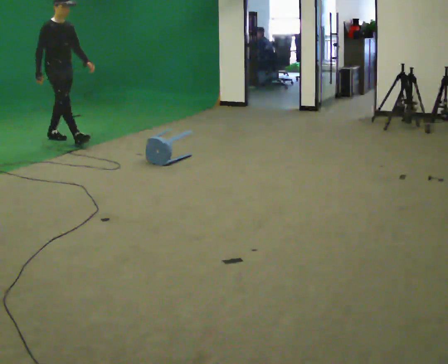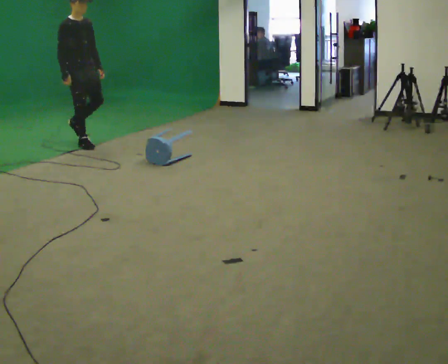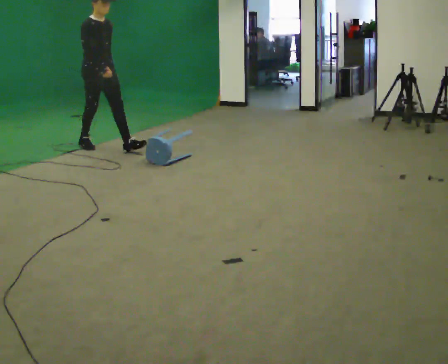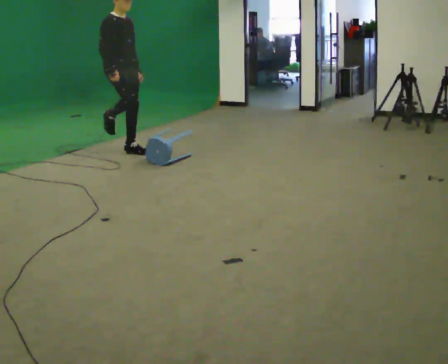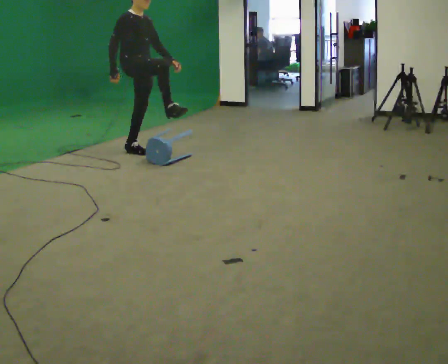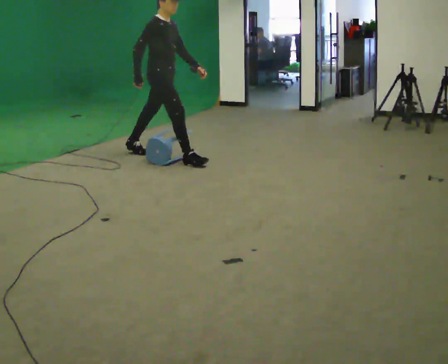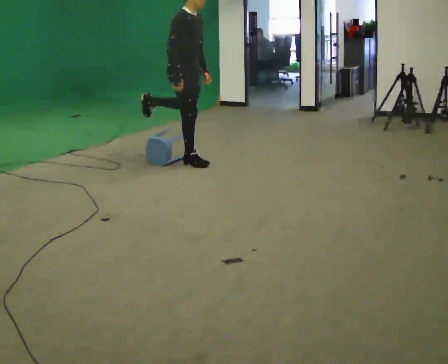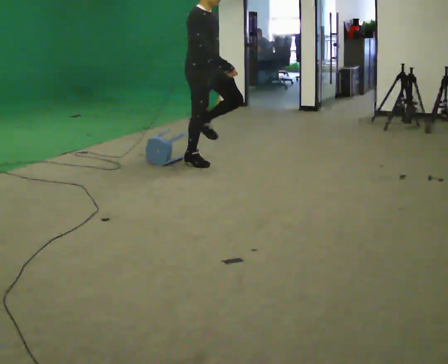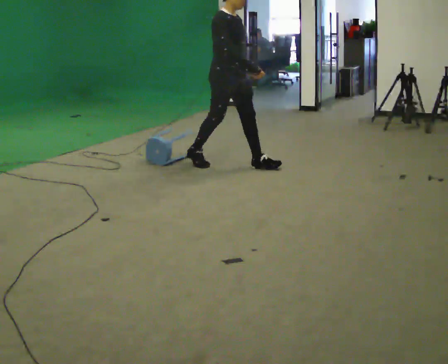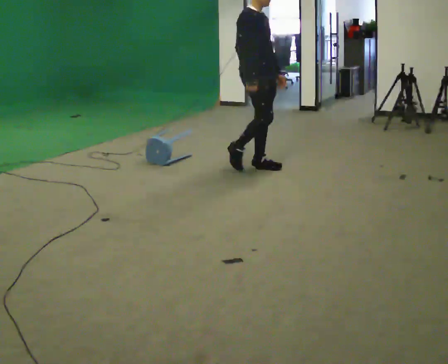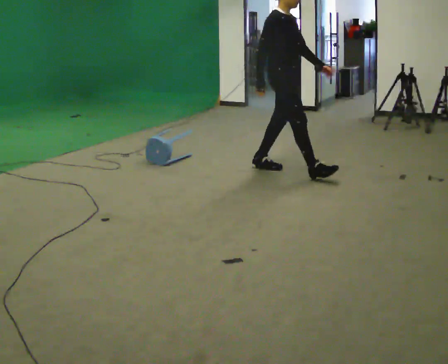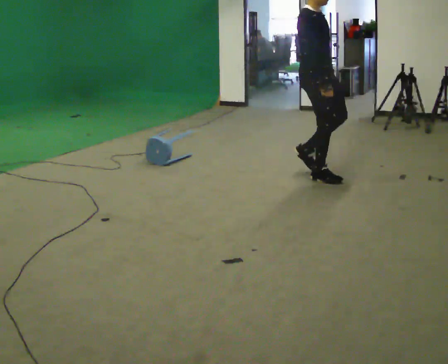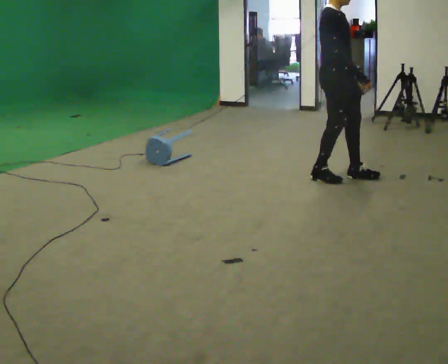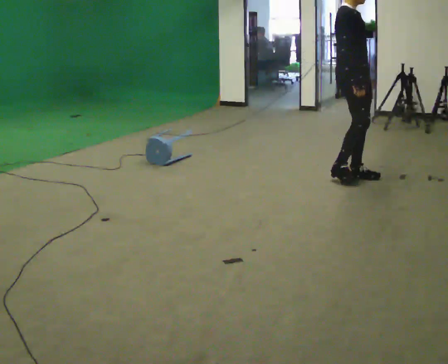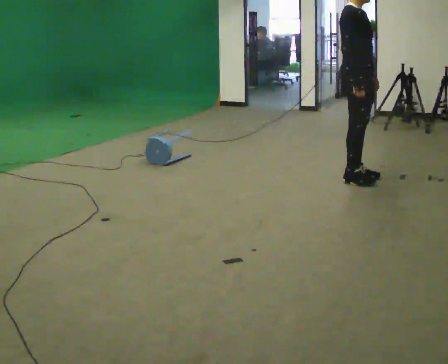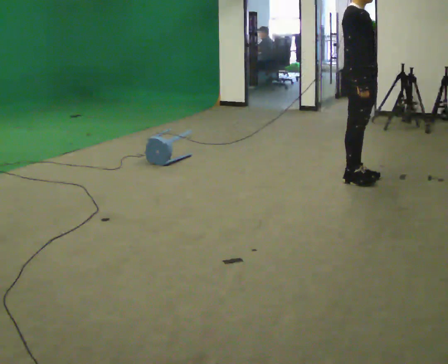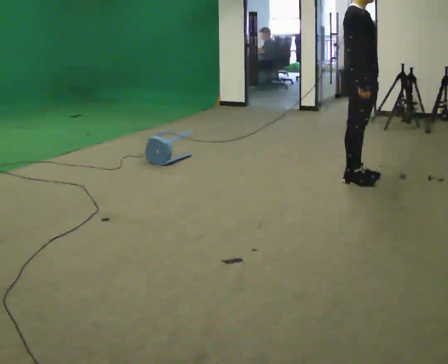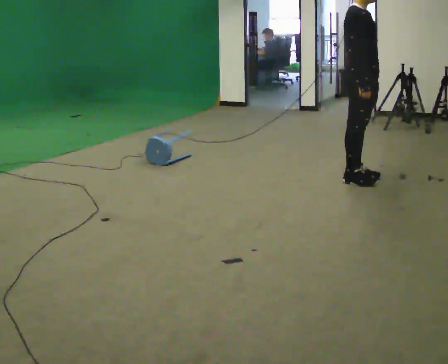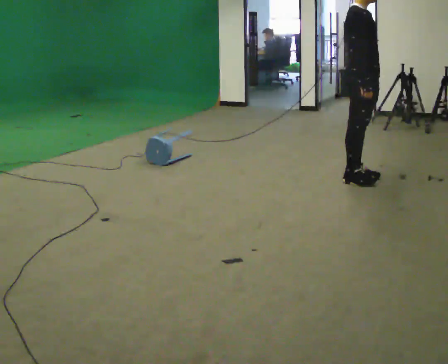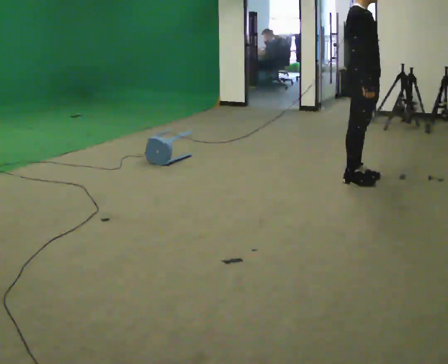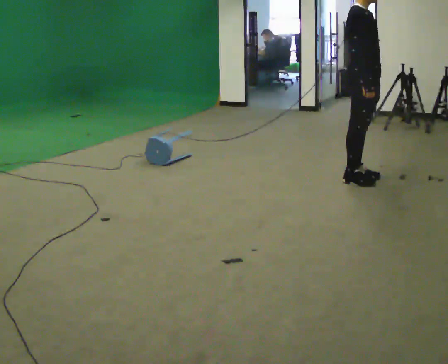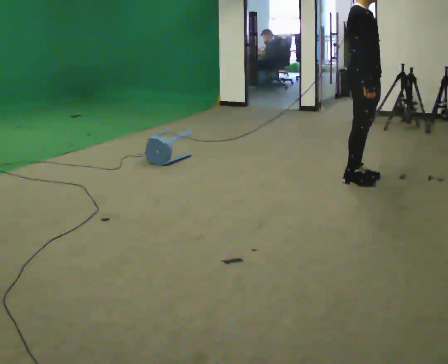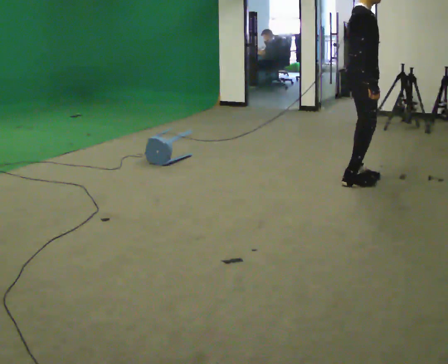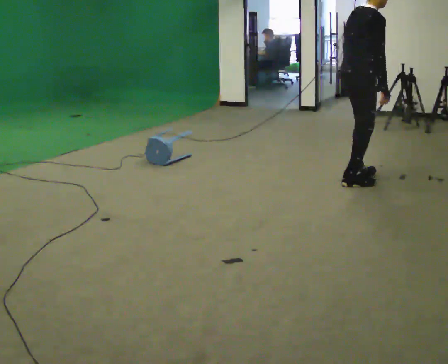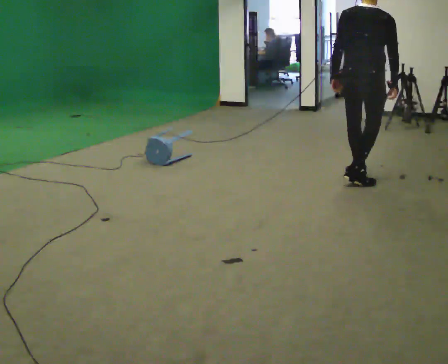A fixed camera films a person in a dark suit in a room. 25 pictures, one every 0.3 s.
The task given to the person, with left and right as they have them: Walk toward low obstacle; step over without stopping; continue.
0.0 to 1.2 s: In the picture they go to the right, about 1 m in 2 steps, which for them is forward.
1.2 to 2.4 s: In the picture they go to the right, about 1 m in 2 steps, which for them is forward.
2.4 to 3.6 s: In the picture they go to the right, about 1 m in 2 steps, which for them is forward.
3.6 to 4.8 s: In the picture they go to the right, about 0.25 m in 1 step, which for them is forward.
4.8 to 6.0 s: The person moves a little, or ends about where they began.
6.0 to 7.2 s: Seen from above the body turns counterclockwise, about 90 degrees: to their left, with its near side sliding to the right. In the picture their left hand goes to the left.
The film runs forward here.
